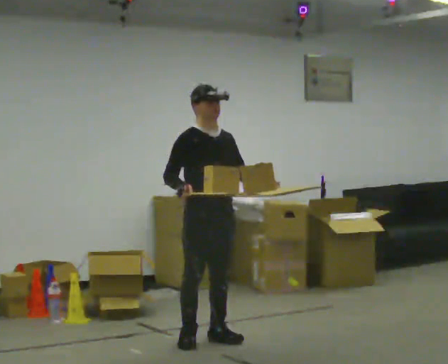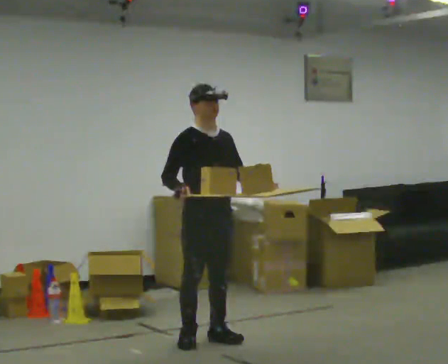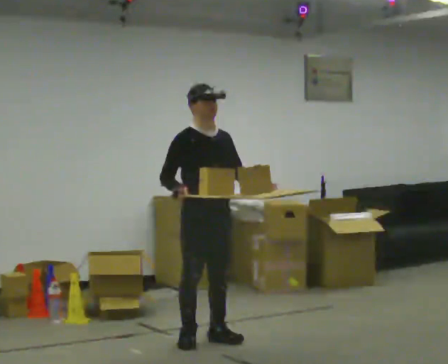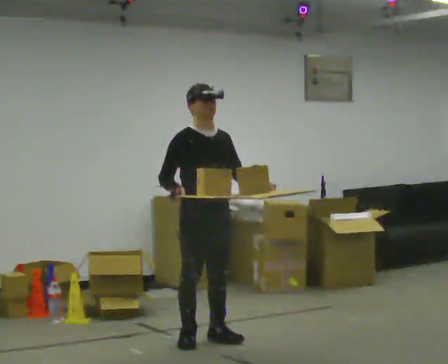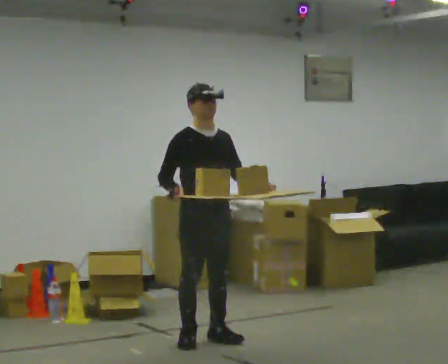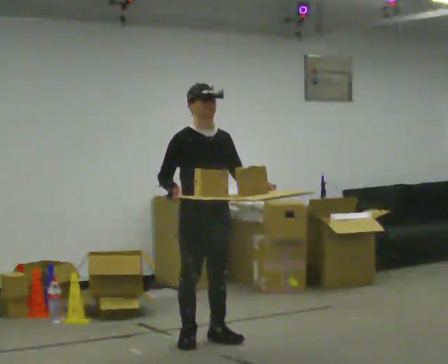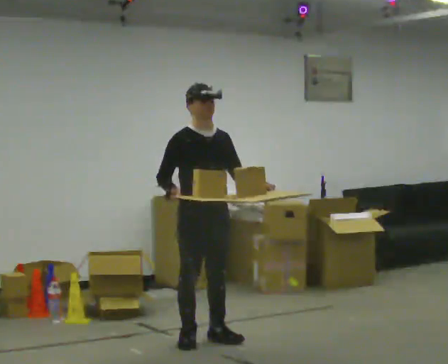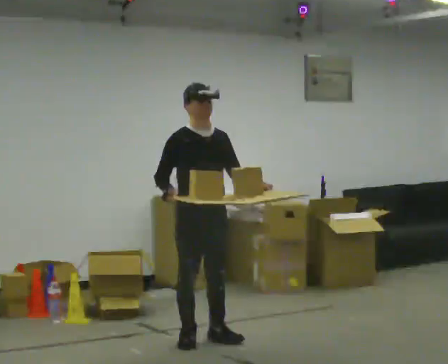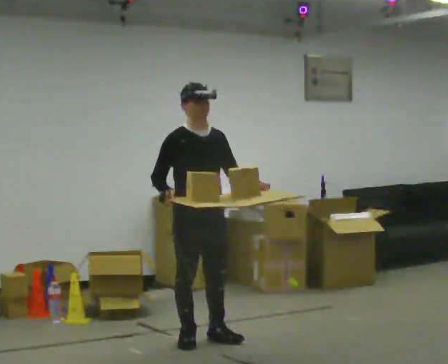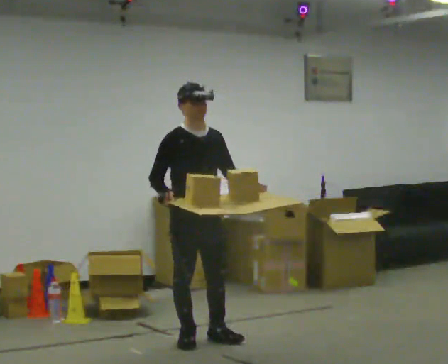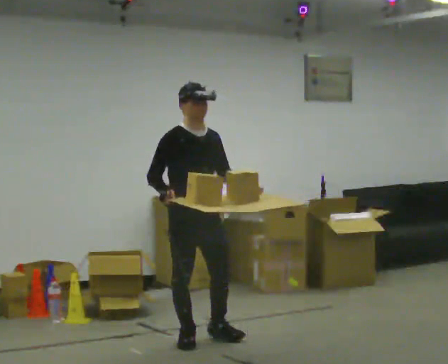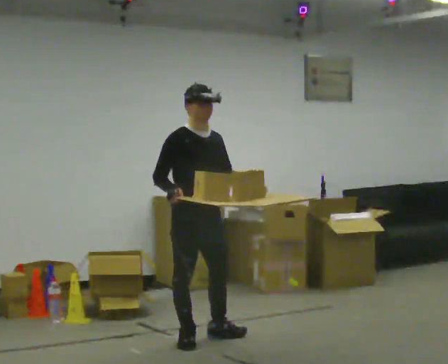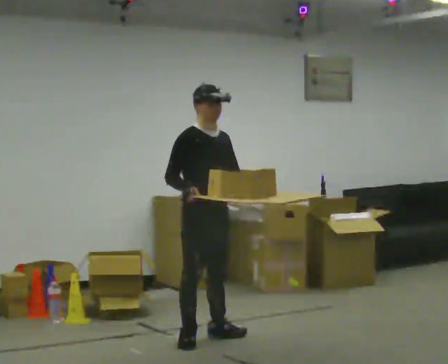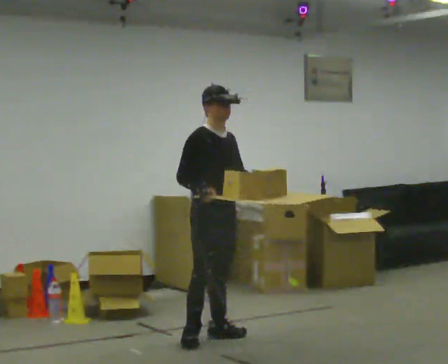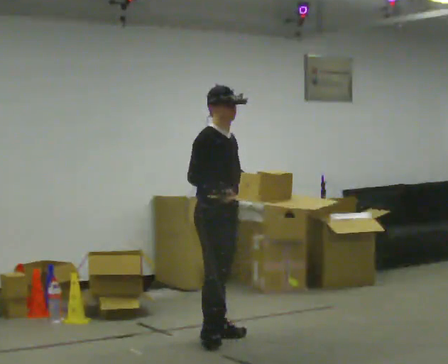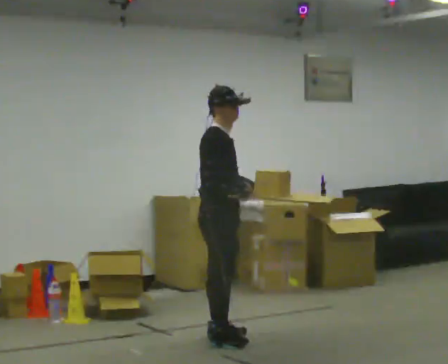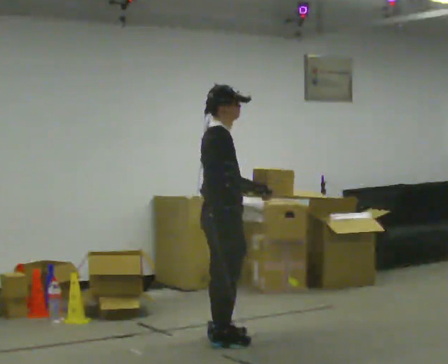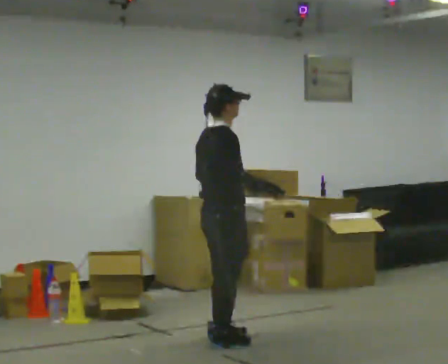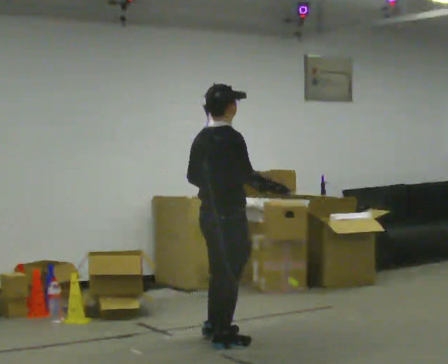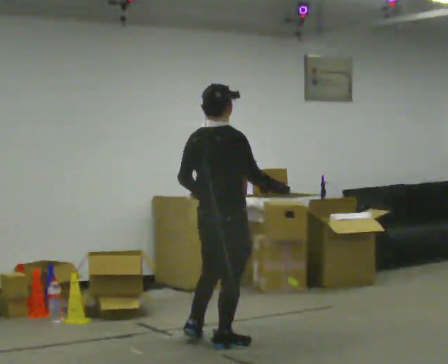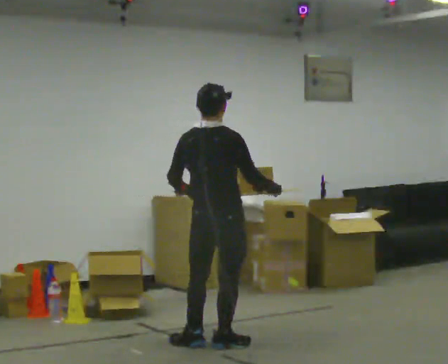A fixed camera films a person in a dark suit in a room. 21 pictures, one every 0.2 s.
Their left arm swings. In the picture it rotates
clockwise.
The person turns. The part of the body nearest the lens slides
to the right.
0.0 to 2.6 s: The person moves a little, or ends about where they began.
2.6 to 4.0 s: The person turns about 105 degrees to their left, counterclockwise seen from above, so the part of the body nearest the lens slides to the right. In the picture they go toward the camera, about 0.25 m in 2 steps. In the picture their right hand goes to the right, the arm swinging counterclockwise.
The film runs backward here.
